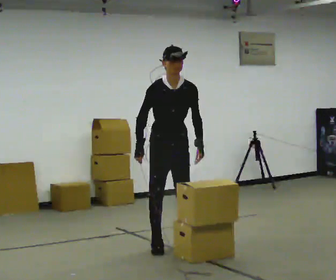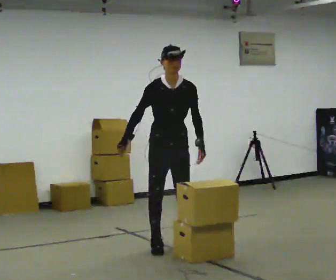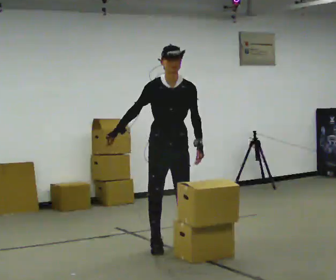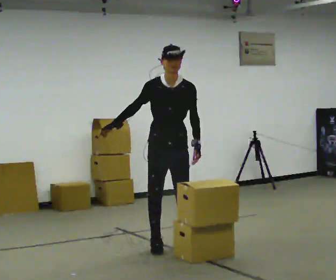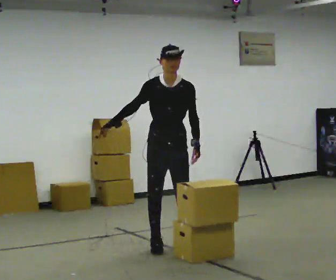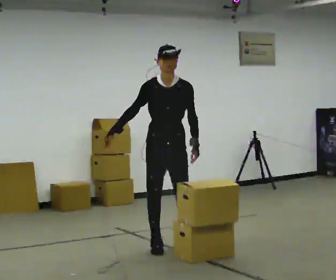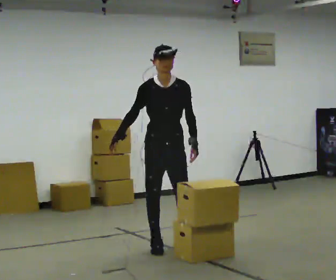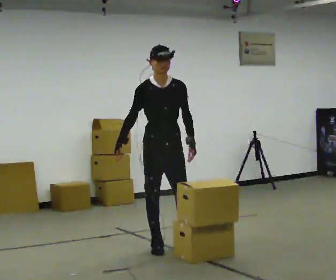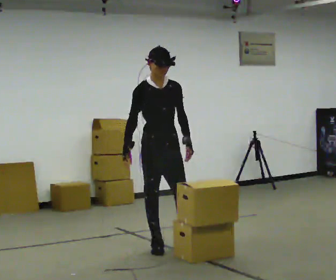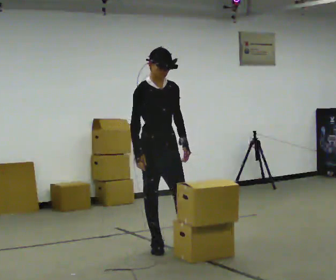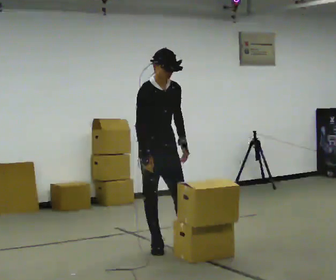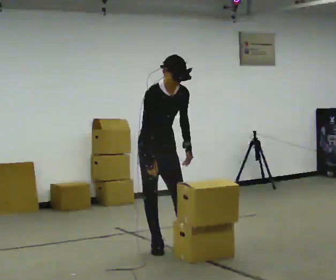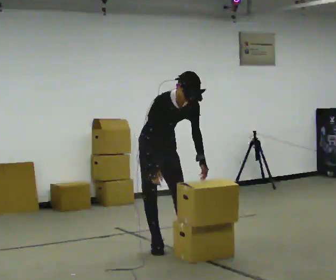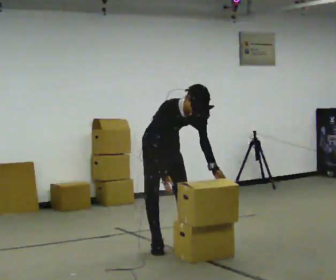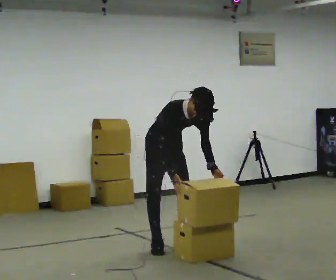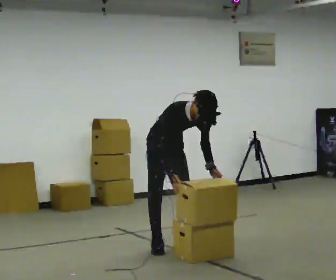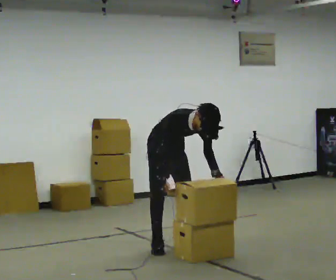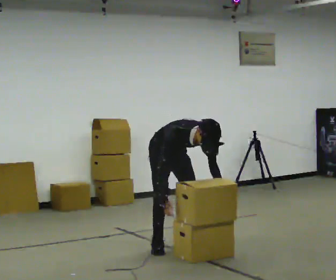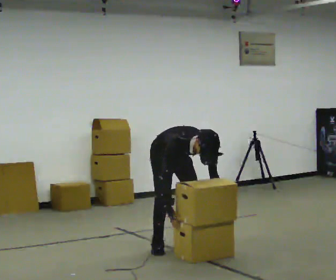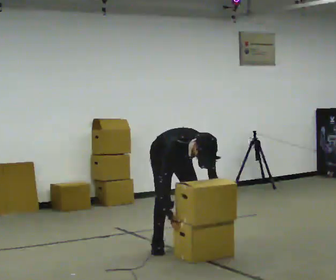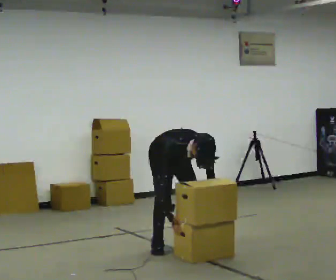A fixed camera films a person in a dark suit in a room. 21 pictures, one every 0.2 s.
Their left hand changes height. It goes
downward.
The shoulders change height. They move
downward.
0.0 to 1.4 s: The person moves a little, or ends about where they began.
1.4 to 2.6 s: The upper body goes downward. The upper body tips toward the camera, its near side rolling downward, as they bend forward. In the picture their right hand goes to the right.
2.6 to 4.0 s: The shoulders move downward. The upper body tips toward the camera, its near side rolling downward, as they bend forward. In the picture their right hand goes downward.
The film runs forward here.
